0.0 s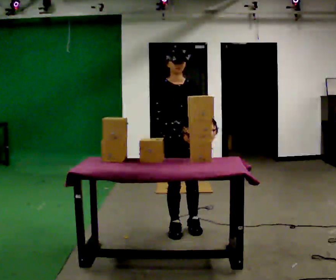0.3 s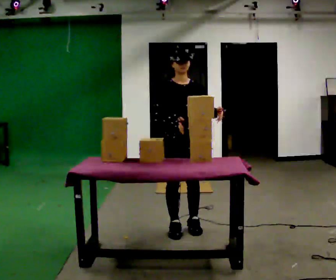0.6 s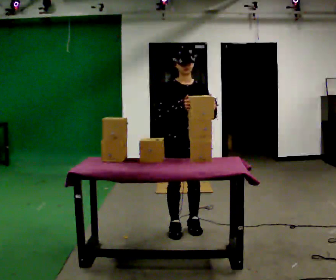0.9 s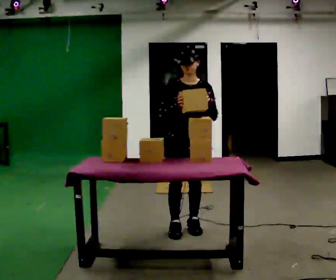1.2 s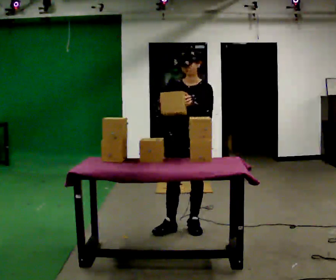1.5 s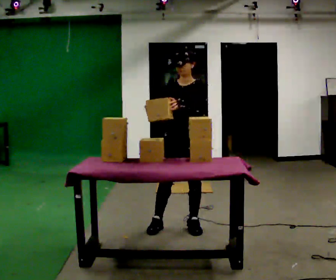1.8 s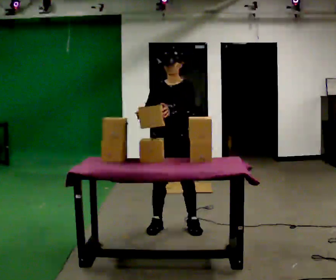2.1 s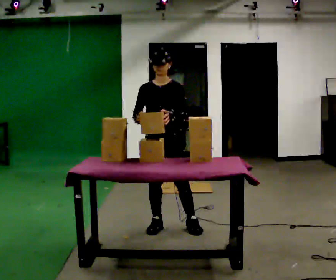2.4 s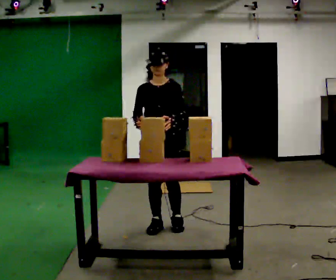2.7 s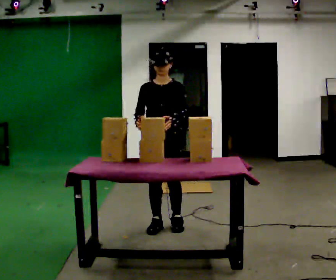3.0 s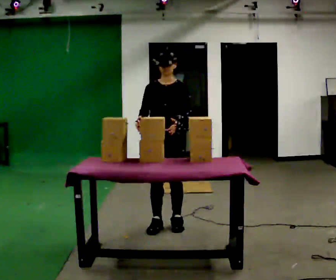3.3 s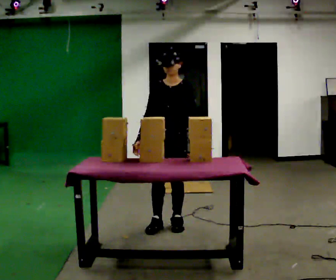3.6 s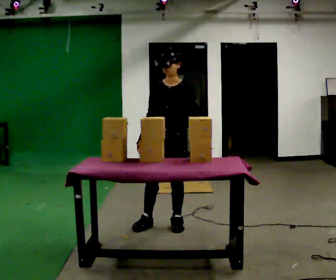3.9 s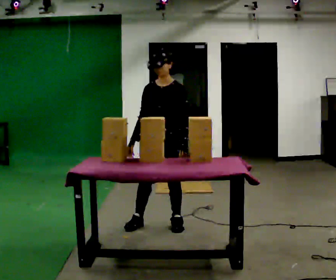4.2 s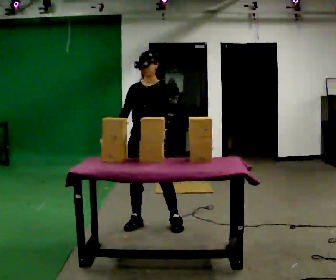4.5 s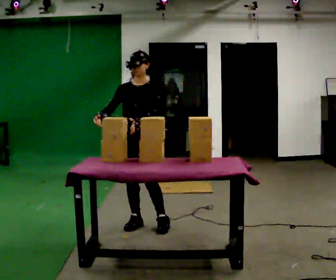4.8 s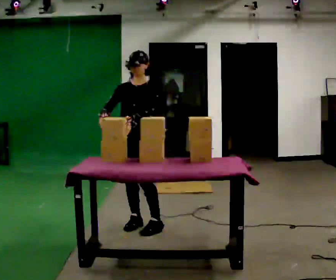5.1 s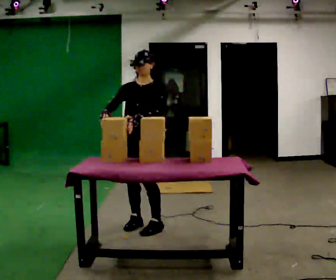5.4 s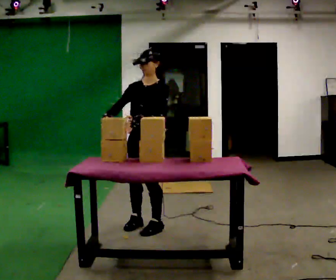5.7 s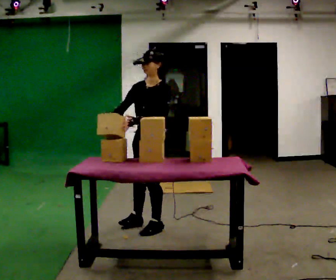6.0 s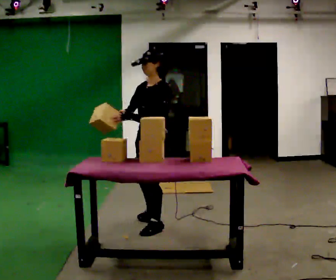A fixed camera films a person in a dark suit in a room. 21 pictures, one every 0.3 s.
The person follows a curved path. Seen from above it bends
counterclockwise.
0.0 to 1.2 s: The part of the body nearest the lens slides to the left as the person turns to their right by about 45 degrees.
1.2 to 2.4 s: In the picture they go to the left, about 0.25 m in 2 steps, which for them is to their right.
2.4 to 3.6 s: The person moves a little, or ends about where they began.
3.6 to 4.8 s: In the picture they go to the left, about 0.25 m in 2 steps, which for them is to their right and forward.
4.8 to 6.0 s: The part of the body nearest the lens slides to the left as the person turns to their right by about 45 degrees. In the picture they go to the right, about 0.25 m, which for them is to their left.
The film runs forward here.
